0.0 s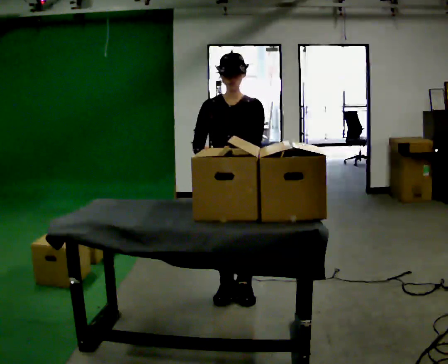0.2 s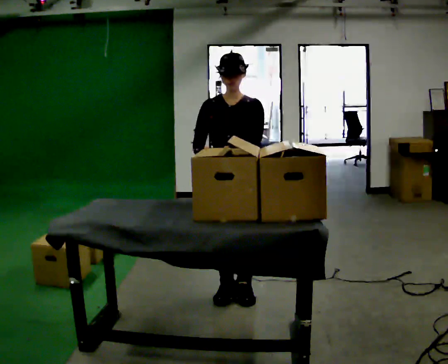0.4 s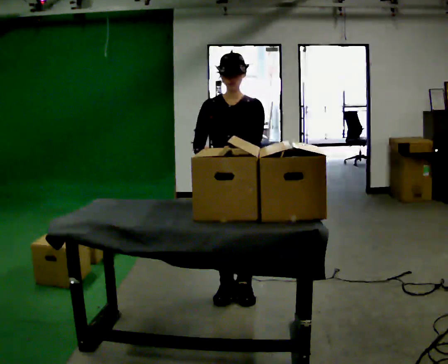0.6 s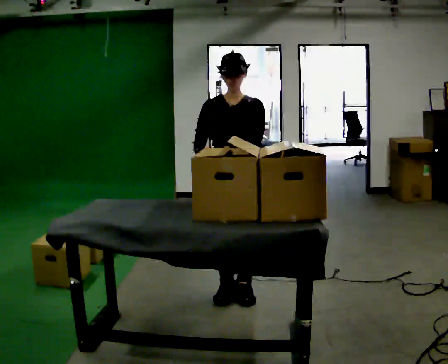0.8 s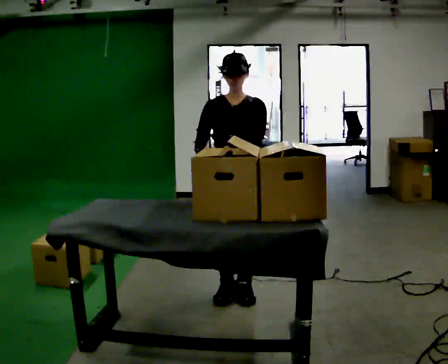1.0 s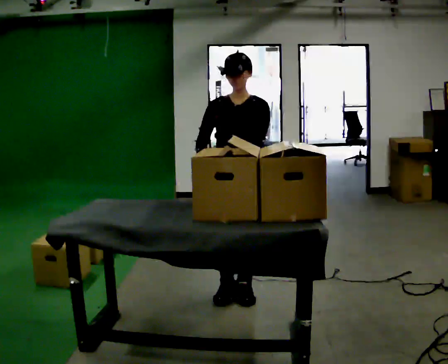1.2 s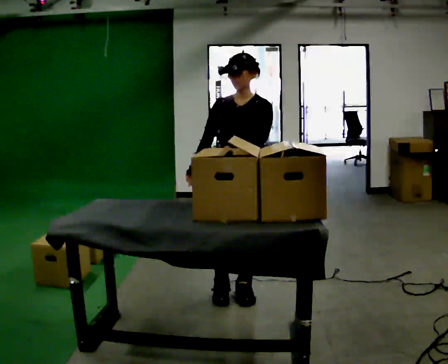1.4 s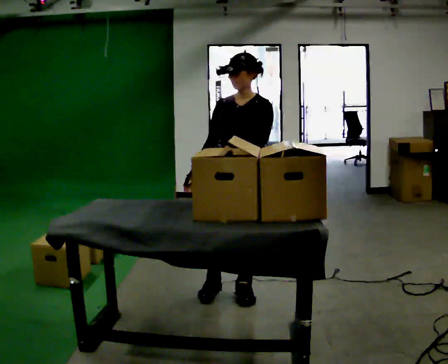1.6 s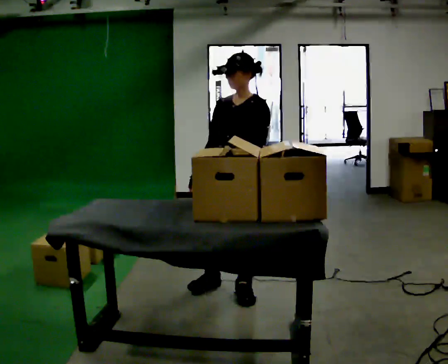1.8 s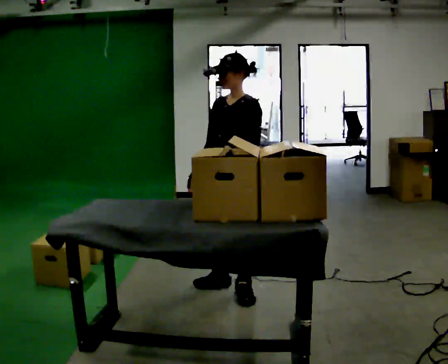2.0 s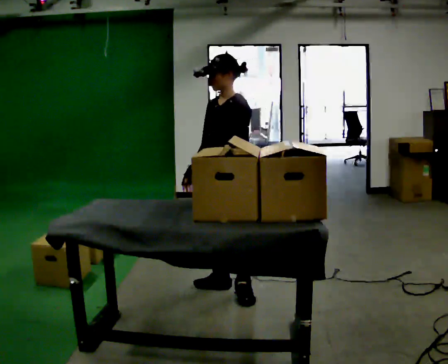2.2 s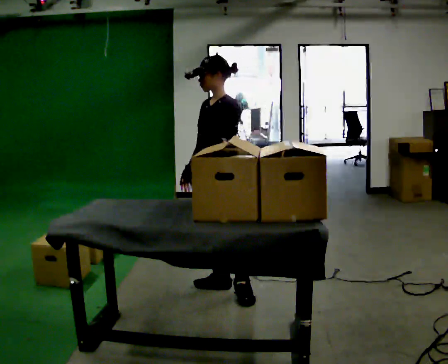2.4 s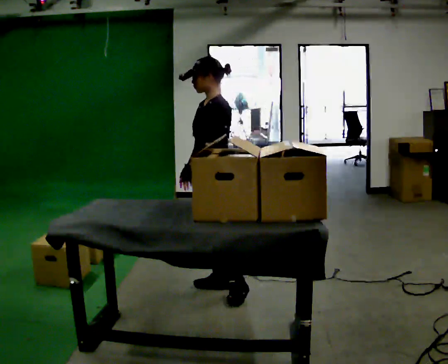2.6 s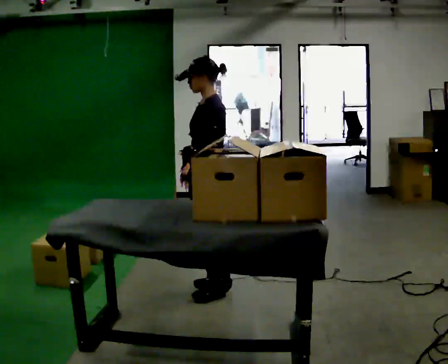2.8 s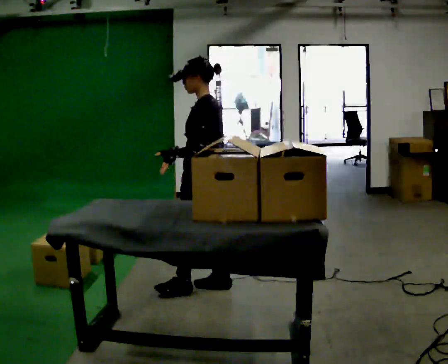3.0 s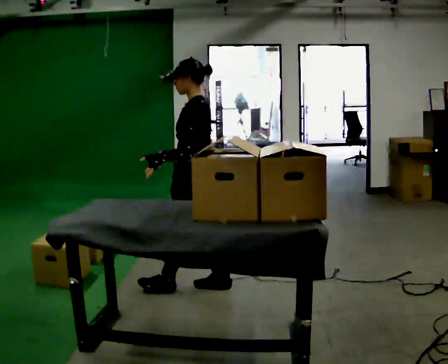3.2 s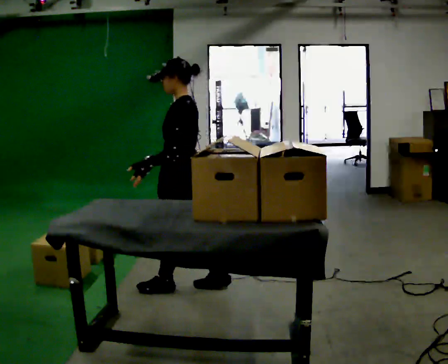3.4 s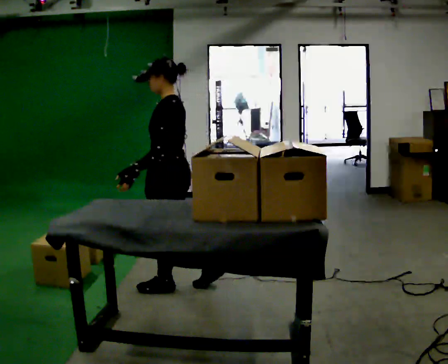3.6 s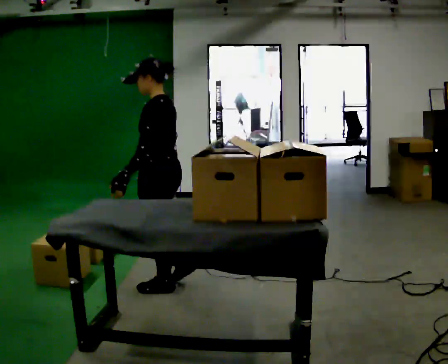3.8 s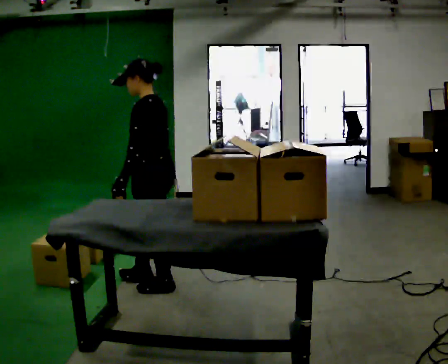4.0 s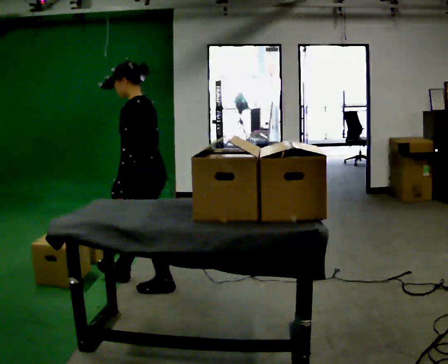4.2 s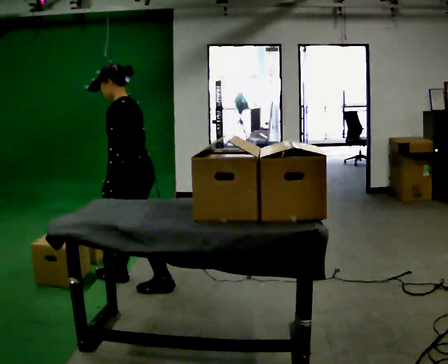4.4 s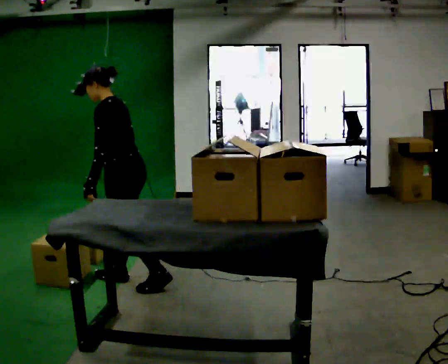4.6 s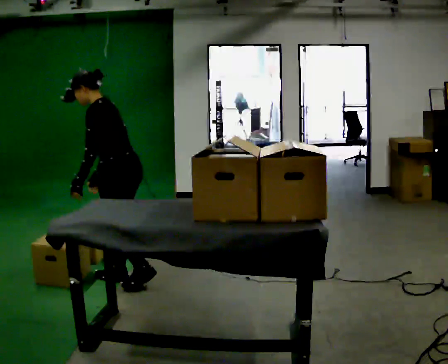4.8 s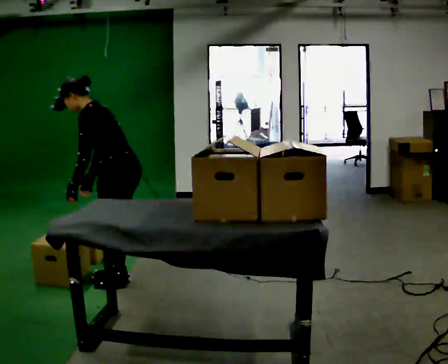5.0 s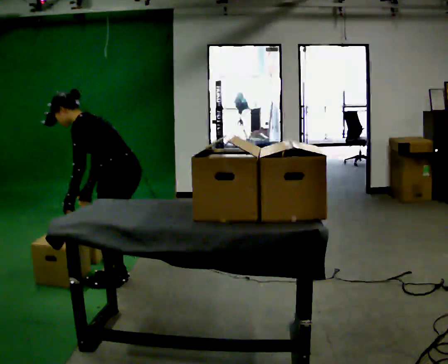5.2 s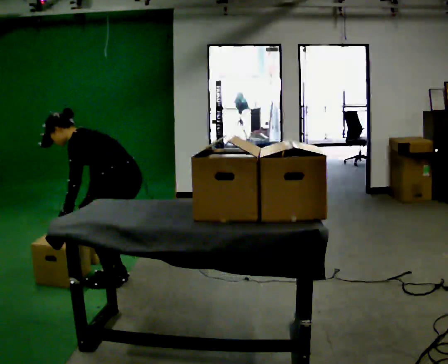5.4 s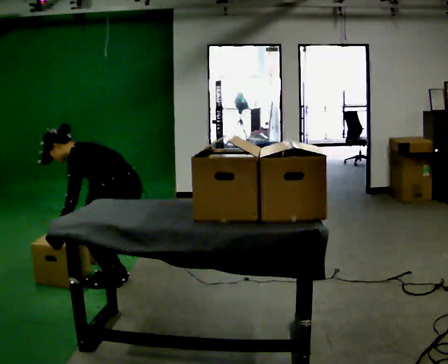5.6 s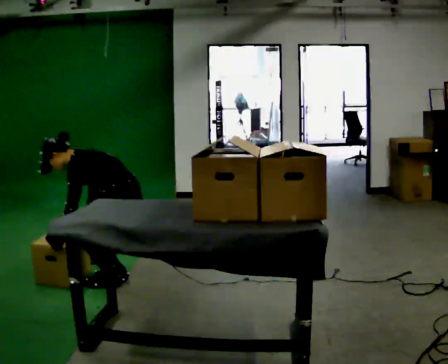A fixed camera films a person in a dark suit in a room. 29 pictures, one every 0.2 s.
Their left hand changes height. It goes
downward.
The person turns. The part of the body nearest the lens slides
to the left.
0.0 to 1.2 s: The person moves a little, or ends about where they began.
1.2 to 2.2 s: Seen from above the body turns clockwise, about 45 degrees: to their right, with its near side sliding to the left.
2.2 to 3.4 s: The person turns about 45 degrees to their right, clockwise seen from above, so the part of the body nearest the lens slides to the left. In the picture they go to the left, about 0.25 m in 1 step, which for them is forward.
3.4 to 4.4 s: In the picture they go to the left, about 0.25 m in 1 step, which for them is forward. In the picture the upper body tilts counterclockwise, shoulders to the left, as they bend forward.
4.4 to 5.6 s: The upper body goes downward. In the picture the upper body tilts counterclockwise, shoulders to the left, as they bend forward. In the picture their right hand goes downward.
The film runs forward here.
